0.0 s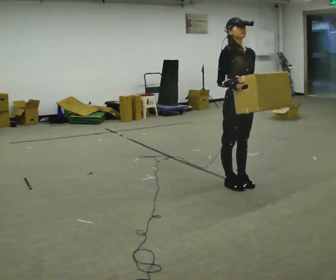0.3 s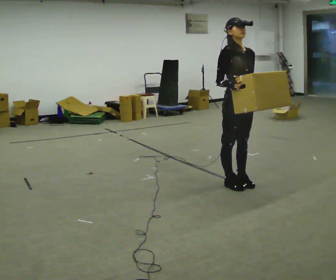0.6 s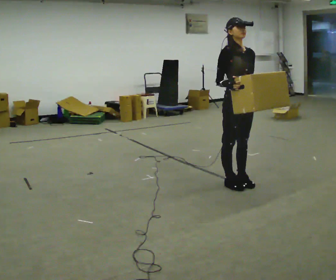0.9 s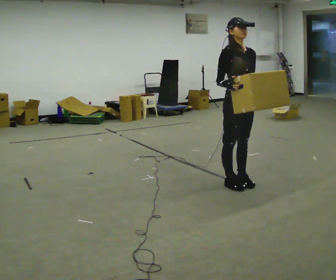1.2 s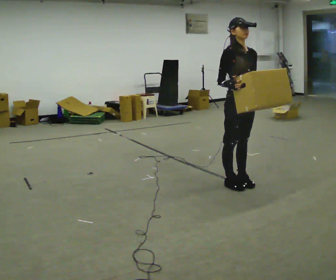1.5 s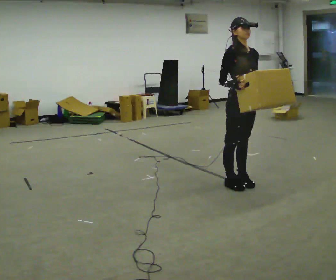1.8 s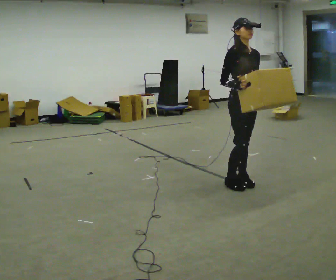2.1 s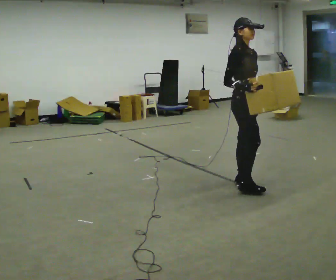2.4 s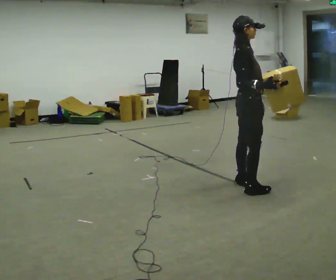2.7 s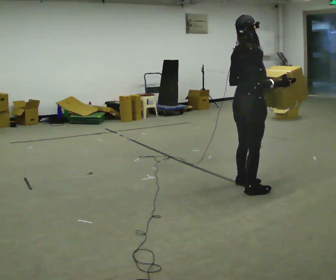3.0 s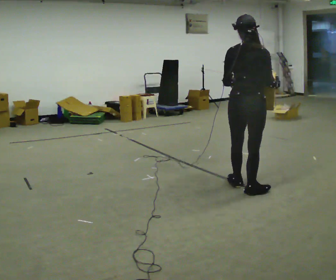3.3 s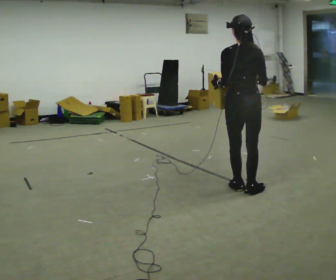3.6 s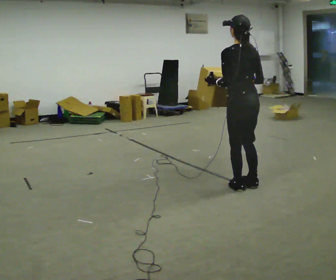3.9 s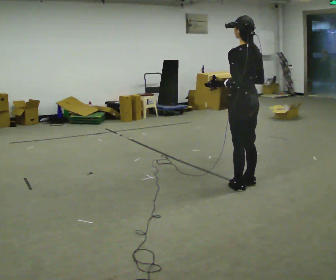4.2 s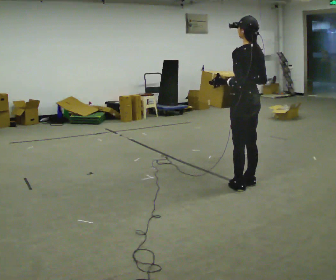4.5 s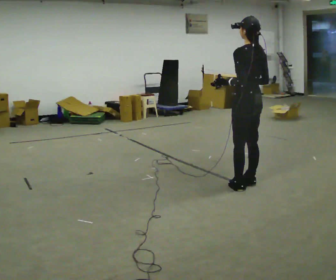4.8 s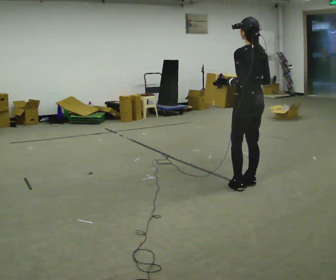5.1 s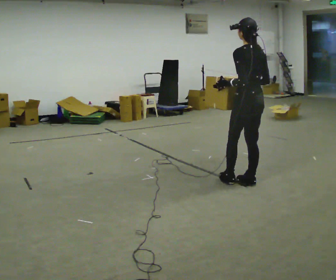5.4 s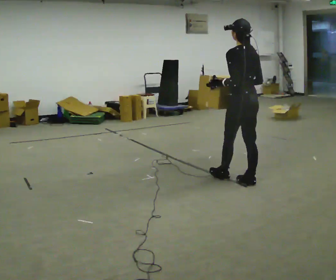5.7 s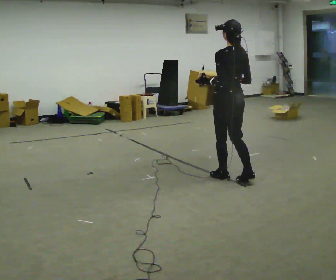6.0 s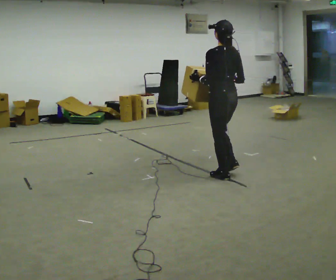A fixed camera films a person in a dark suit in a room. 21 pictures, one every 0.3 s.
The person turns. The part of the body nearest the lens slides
to the right.
The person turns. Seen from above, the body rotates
counterclockwise.
0.0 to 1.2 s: The person moves a little, or ends about where they began.
1.2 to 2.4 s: The person turns about 60 degrees to their left, counterclockwise seen from above, so the part of the body nearest the lens slides to the right. In the picture they go toward the camera, about 0.25 m in 1 step. In the picture their right hand goes to the right.
2.4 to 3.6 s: The person turns about 120 degrees to their left, counterclockwise seen from above, so the part of the body nearest the lens slides to the right.
3.6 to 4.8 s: The person moves a little, or ends about where they began.
4.8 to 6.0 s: In the picture they go to the left and away from the camera, about 0.5 m in 1 step, which for them is forward.
The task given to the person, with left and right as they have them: Carry the box across the room while freely looking around at the walls, ceiling and floor. Keep going until the operator says stop; one object at a time, and do not rush between trips.
The film runs forward here.
